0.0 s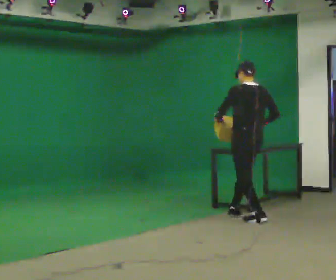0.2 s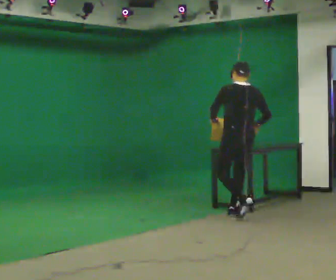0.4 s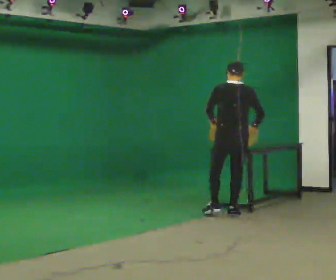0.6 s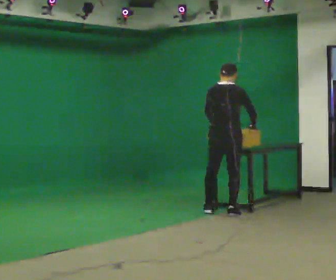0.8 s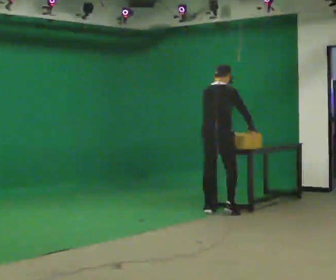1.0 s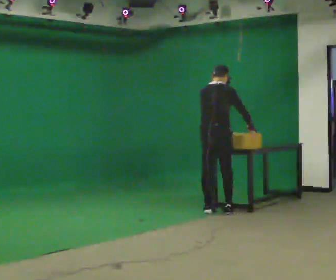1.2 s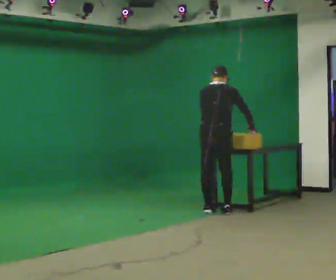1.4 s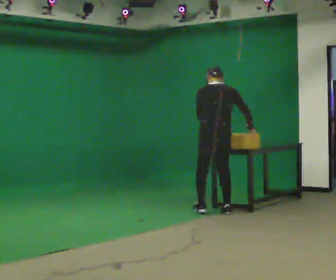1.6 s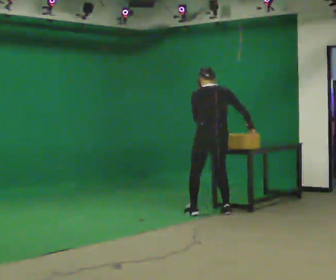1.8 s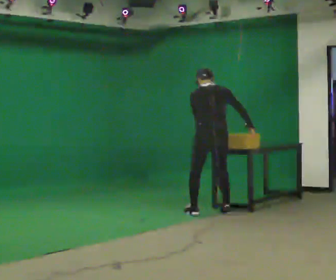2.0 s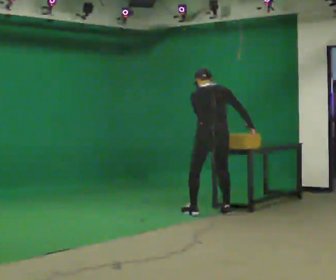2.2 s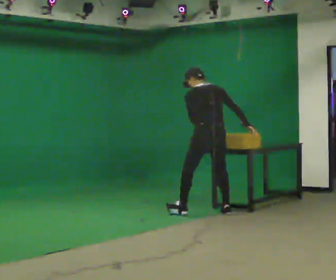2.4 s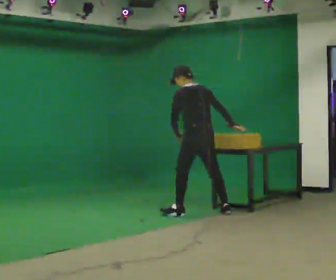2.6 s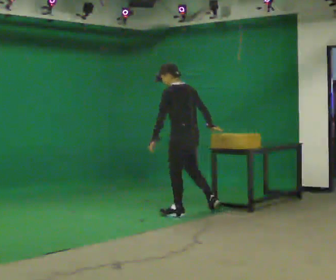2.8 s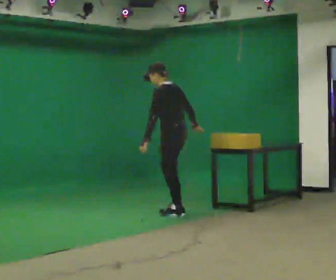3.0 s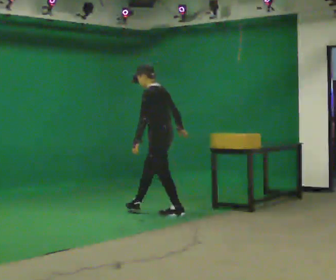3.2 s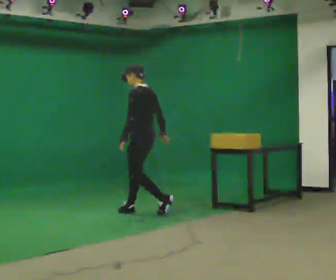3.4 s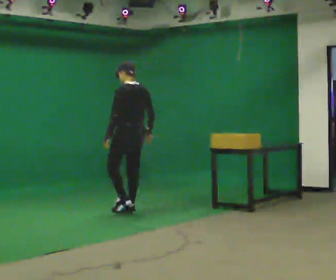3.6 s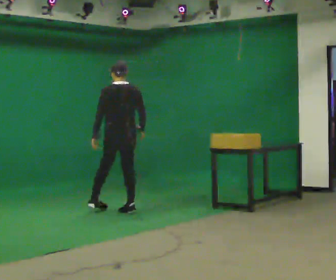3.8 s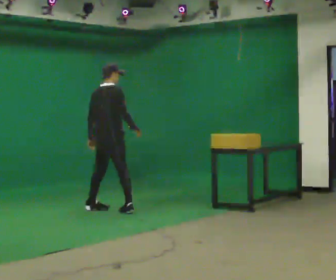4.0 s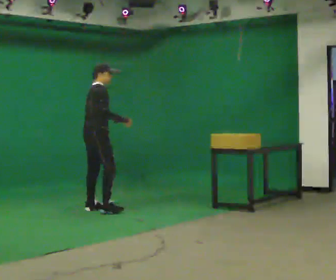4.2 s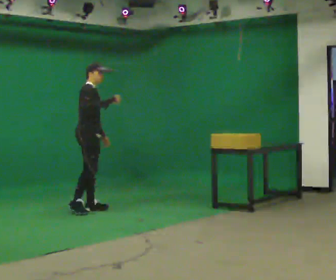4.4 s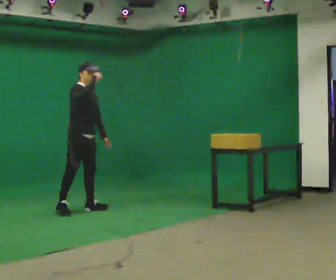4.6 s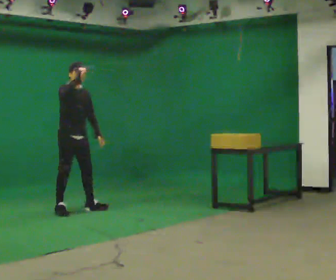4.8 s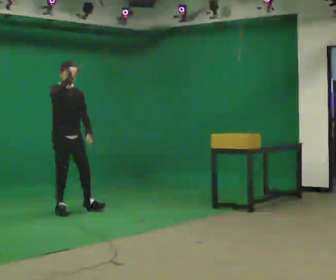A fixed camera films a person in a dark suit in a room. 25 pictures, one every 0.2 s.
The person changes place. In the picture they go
to the left.
0.0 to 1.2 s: The part of the body nearest the lens slides to the left as the person turns to their right by about 45 degrees. In the picture they go to the left and away from the camera, about 0.5 m in 1 step.
1.2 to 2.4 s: The person turns about 45 degrees to their left, counterclockwise seen from above, so the part of the body nearest the lens slides to the right. In the picture they go to the left, about 0.25 m in 1 step, which for them is to their left. In the picture the upper body tilts counterclockwise, shoulders to the left. In the picture their left hand goes to the left.
2.4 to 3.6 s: The person turns about 45 degrees to their right, clockwise seen from above, so the part of the body nearest the lens slides to the left. In the picture they go to the left, about 1 m in 1 step.
3.6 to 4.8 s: The person turns about 135 degrees to their right, clockwise seen from above, so the part of the body nearest the lens slides to the left. In the picture they go to the left, about 0.75 m in 2 steps. In the picture their right hand goes upward.
The film runs forward here.
